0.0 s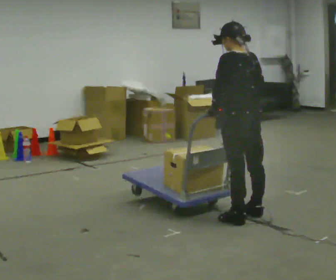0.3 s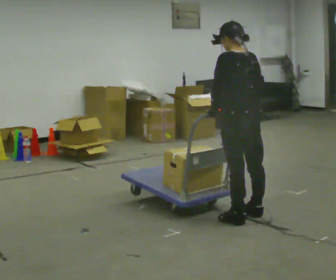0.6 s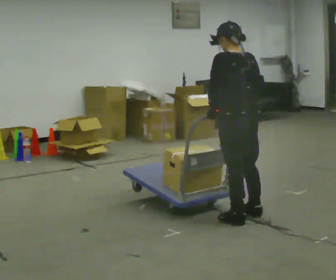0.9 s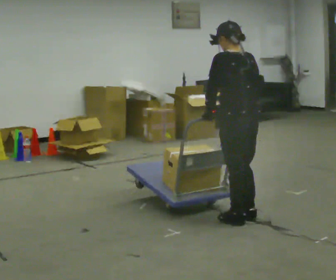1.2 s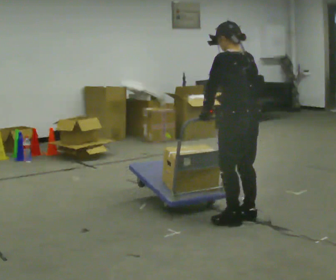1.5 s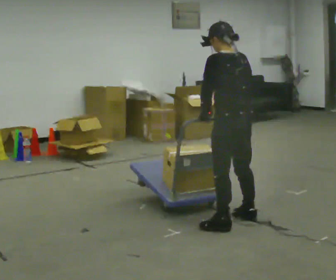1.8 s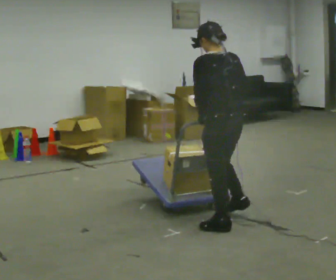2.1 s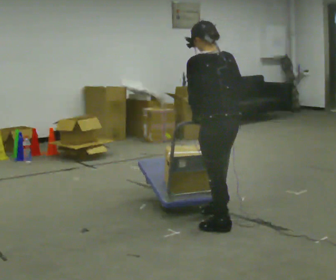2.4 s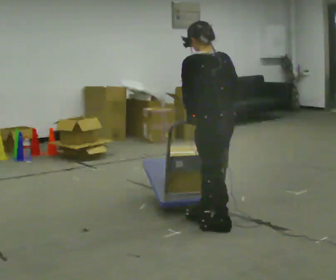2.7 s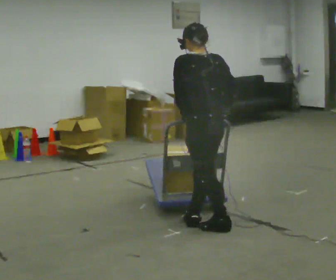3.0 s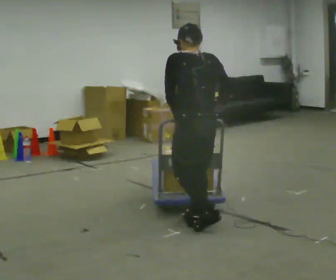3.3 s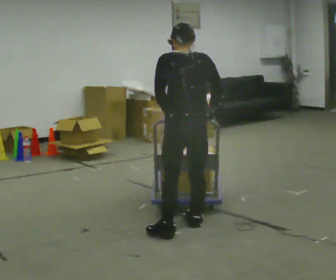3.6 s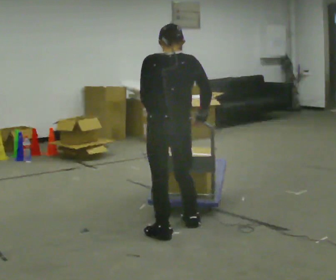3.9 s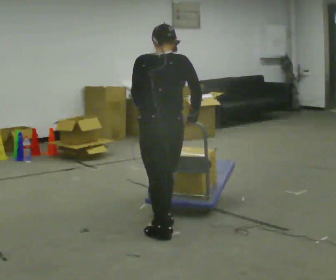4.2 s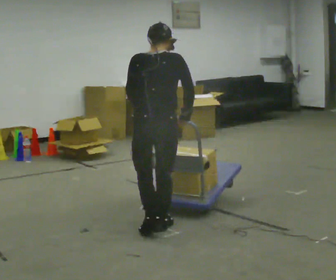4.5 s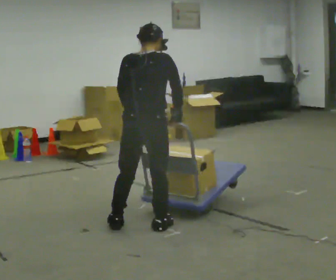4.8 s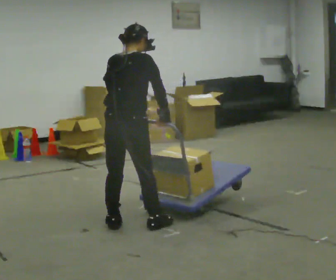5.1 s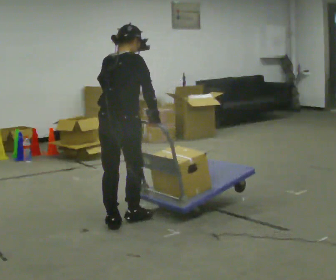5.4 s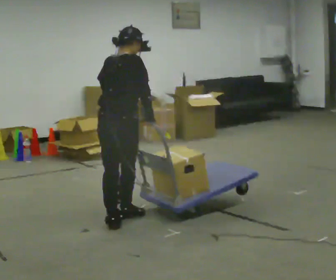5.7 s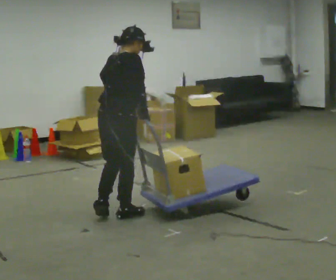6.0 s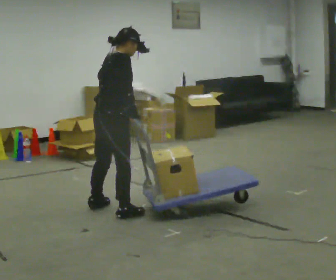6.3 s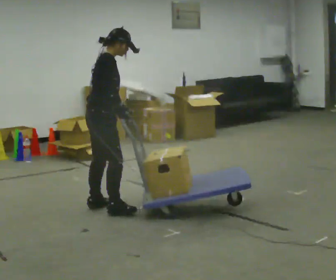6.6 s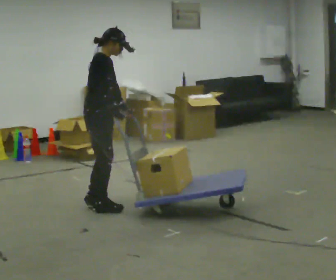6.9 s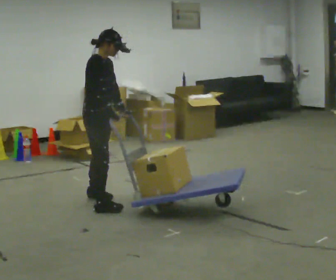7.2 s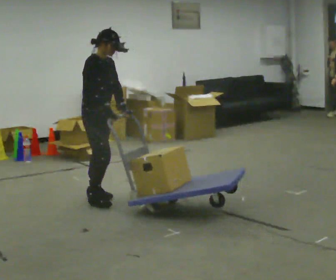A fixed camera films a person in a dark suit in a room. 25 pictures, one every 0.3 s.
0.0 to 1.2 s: The person moves a little, or ends about where they began.
1.2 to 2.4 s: In the picture they go to the left and toward the camera, about 0.25 m in 1 step, which for them is to their left.
2.4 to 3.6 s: The person turns about 30 degrees to their right, clockwise seen from above, so the part of the body nearest the lens slides to the left. In the picture they go to the left, about 0.25 m in 2 steps, which for them is to their left.
3.6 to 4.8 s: The person turns about 45 degrees to their right, clockwise seen from above, so the part of the body nearest the lens slides to the left. In the picture they go to the left, about 0.25 m in 2 steps, which for them is to their left and forward.
4.8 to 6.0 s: The person turns about 30 degrees to their right, clockwise seen from above, so the part of the body nearest the lens slides to the left. In the picture they go away from the camera and to the left, about 0.5 m in 2 steps, which for them is to their left and forward.
6.0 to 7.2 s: The part of the body nearest the lens slides to the left as the person turns to their right by about 60 degrees. In the picture they go away from the camera and to the left, about 0.5 m in 2 steps, which for them is to their left.
The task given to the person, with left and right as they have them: Turn the cart round to face the other way without moving it out of the marked square, then turn it back. Repeat until the operator says stop.
The film runs forward here.
